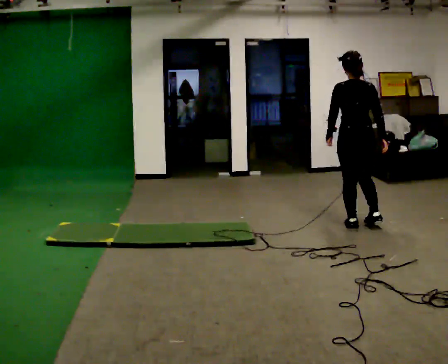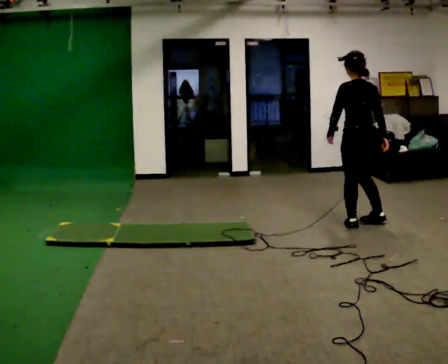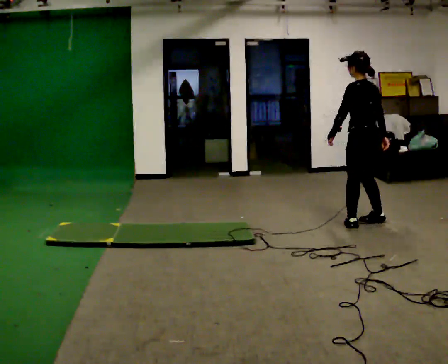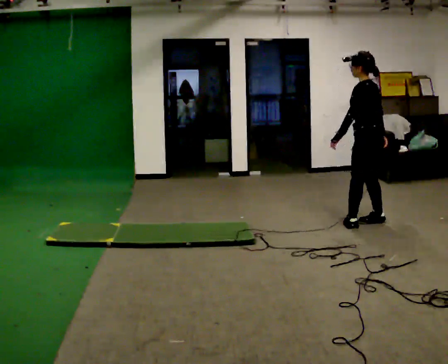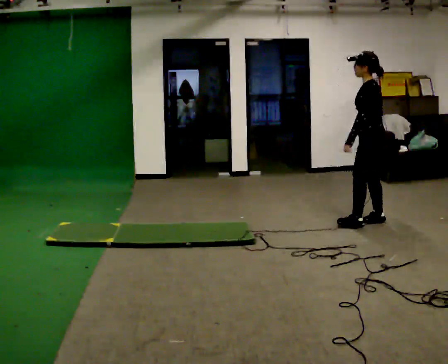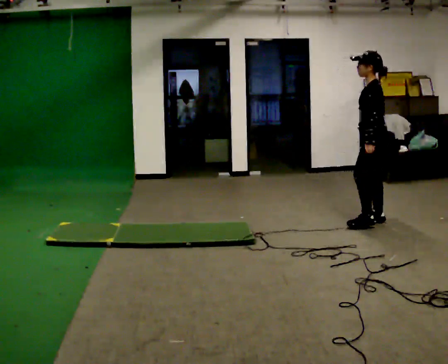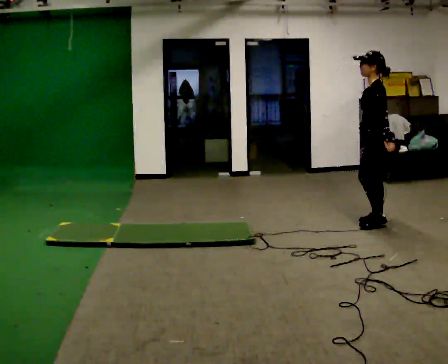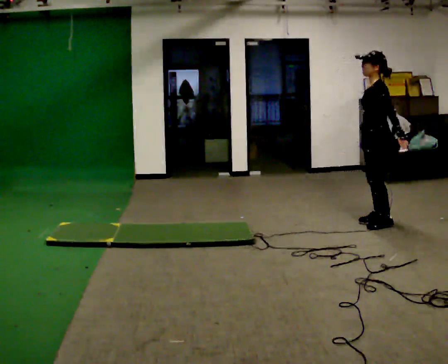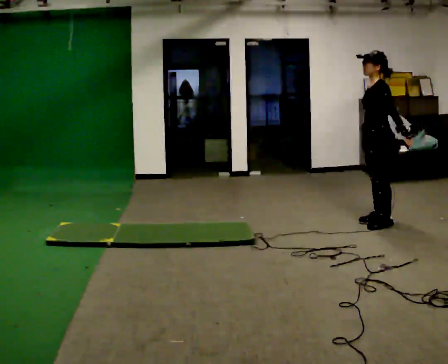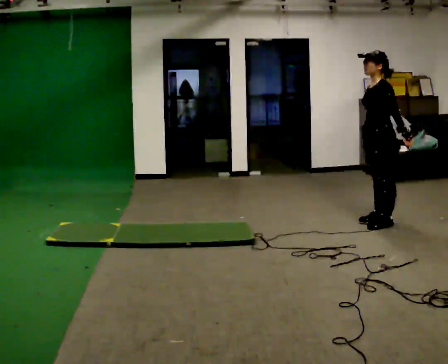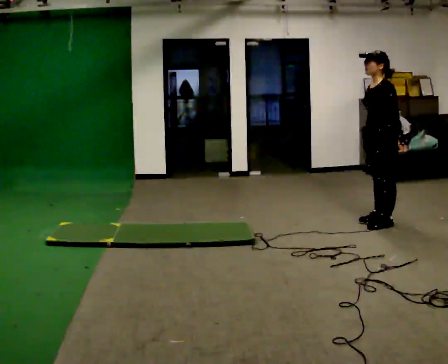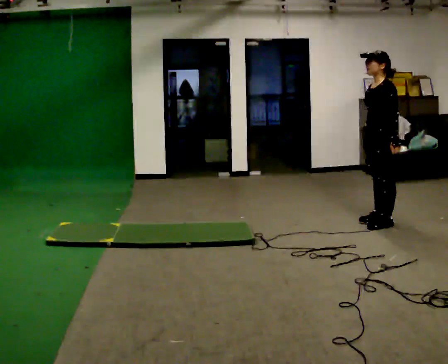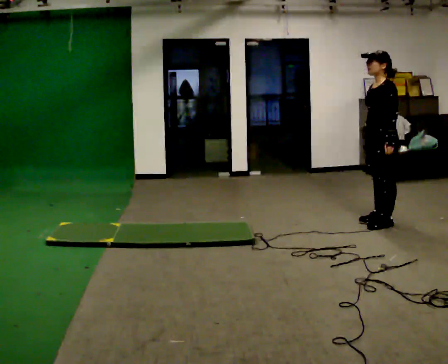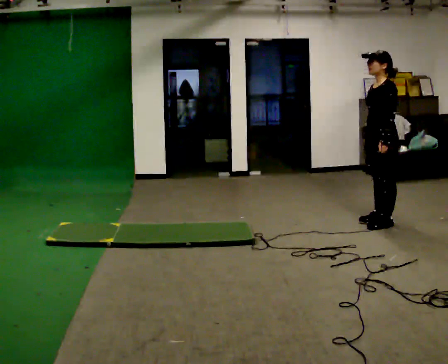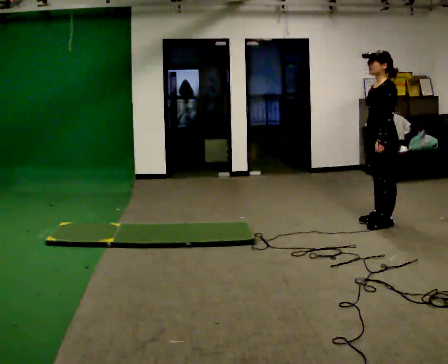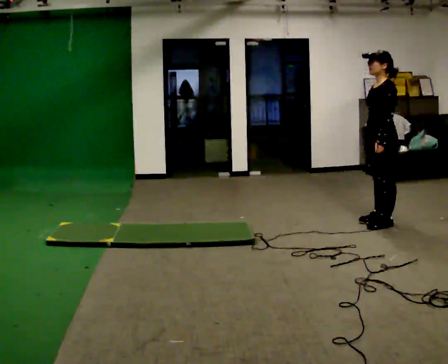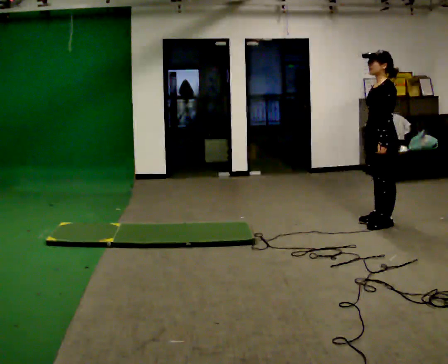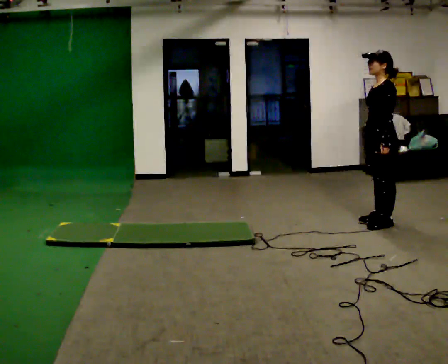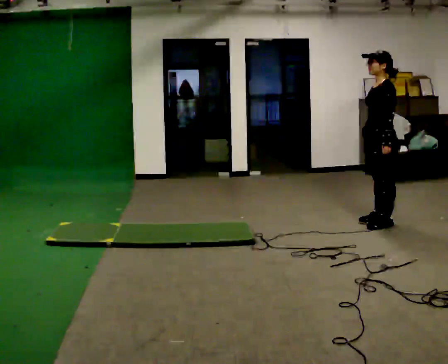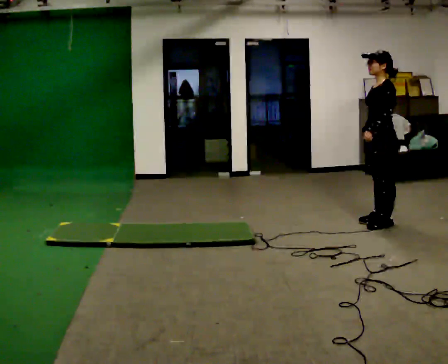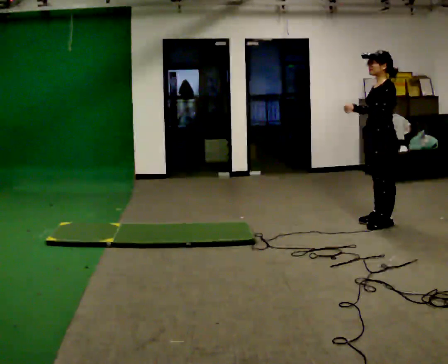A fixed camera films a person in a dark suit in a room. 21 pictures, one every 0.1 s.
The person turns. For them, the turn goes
to their left.
The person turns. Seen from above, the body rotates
counterclockwise.
0.0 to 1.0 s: The person turns about 90 degrees to their left, counterclockwise seen from above, so the part of the body nearest the lens slides to the right. In the picture they go to the right, about 0.25 m in 2 steps. In the picture their left hand goes to the right.
1.0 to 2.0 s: In the picture their left hand goes to the left and upward.
The film runs forward here.
